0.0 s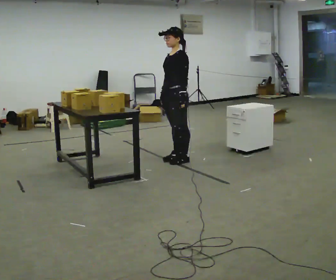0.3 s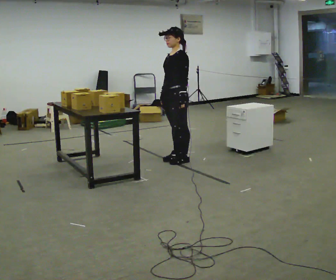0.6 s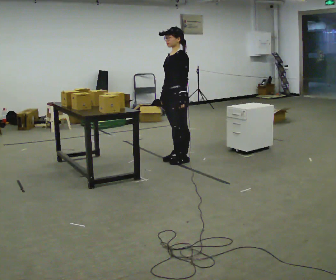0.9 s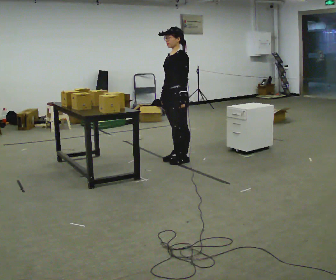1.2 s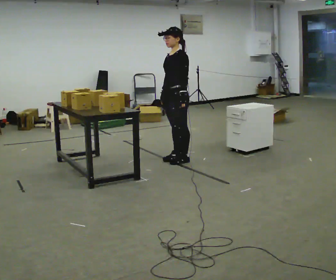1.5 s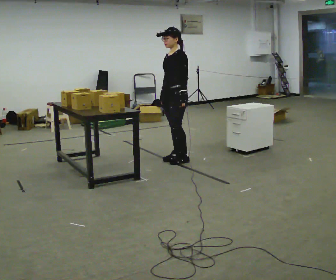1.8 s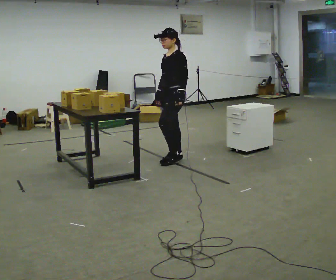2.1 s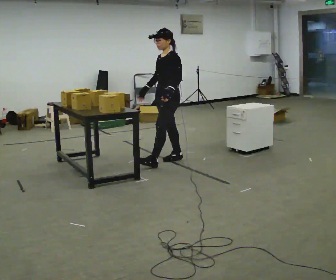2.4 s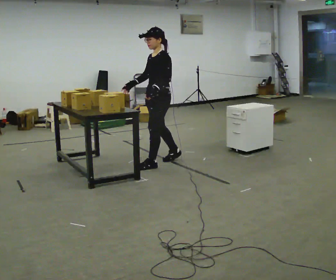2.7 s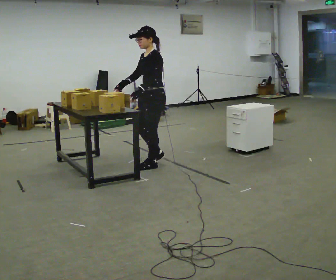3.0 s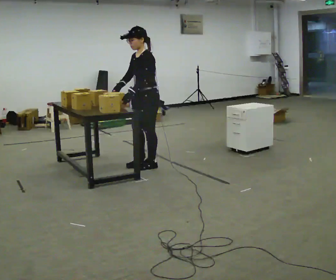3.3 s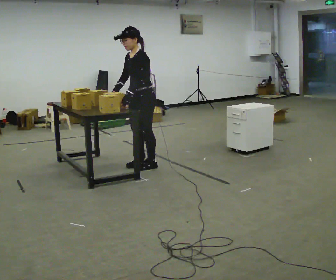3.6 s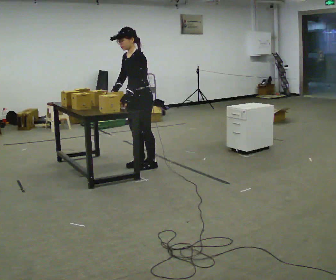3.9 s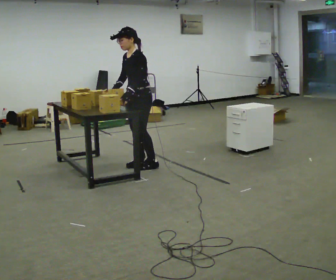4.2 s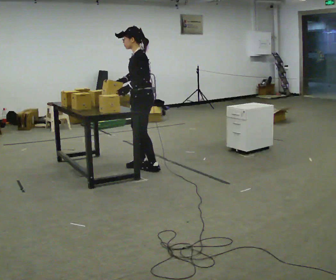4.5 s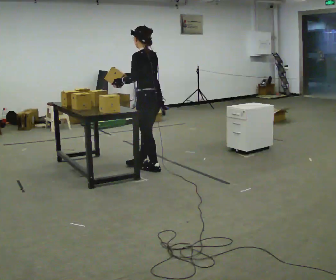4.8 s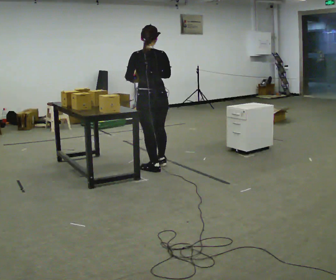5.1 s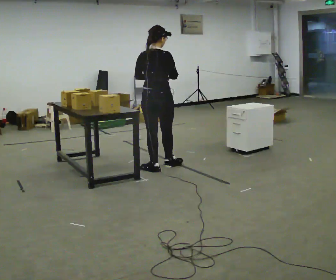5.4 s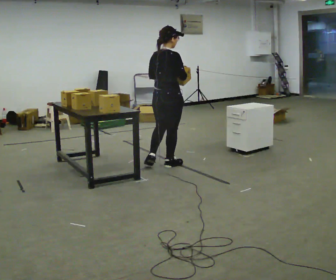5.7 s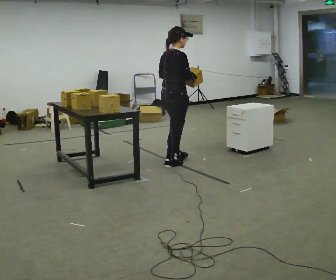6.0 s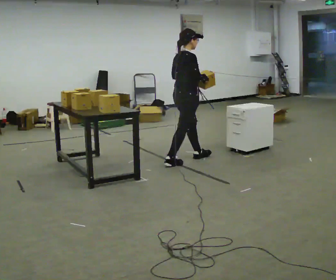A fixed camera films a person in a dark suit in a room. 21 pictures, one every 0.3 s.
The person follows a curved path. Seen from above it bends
counterclockwise.
The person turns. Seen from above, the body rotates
clockwise.
0.0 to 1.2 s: The person keeps their place and pose.
1.2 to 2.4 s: In the picture they go to the left, about 0.25 m in 1 step, which for them is forward. In the picture their right hand goes to the left.
2.4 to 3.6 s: In the picture they go to the left, about 0.25 m in 1 step, which for them is forward.
3.6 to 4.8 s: The person turns about 105 degrees to their right, clockwise seen from above, so the part of the body nearest the lens slides to the left. In the picture they go toward the camera, about 0.25 m in 1 step.
4.8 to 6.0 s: The person turns about 75 degrees to their right, clockwise seen from above, so the part of the body nearest the lens slides to the left. In the picture they go to the right and away from the camera, about 0.5 m in 2 steps.
The film runs forward here.
